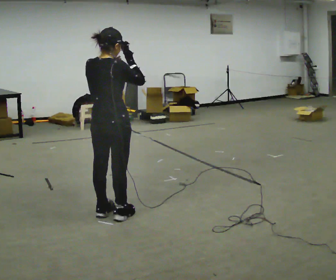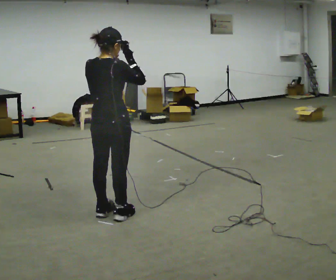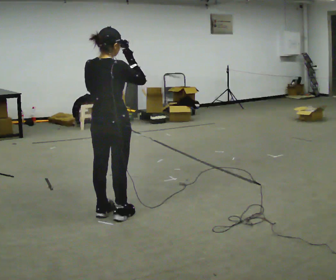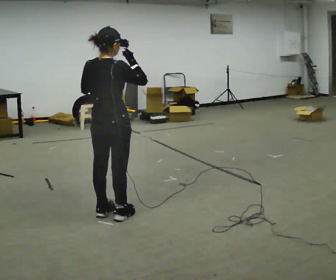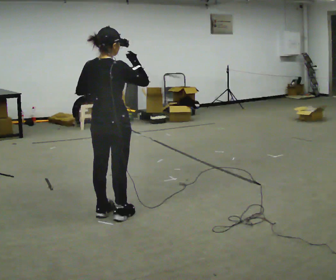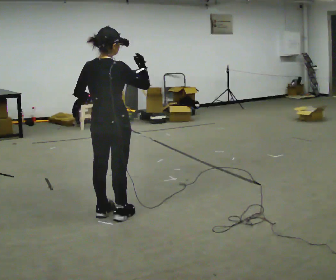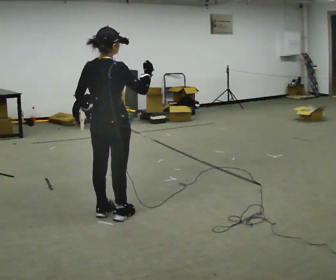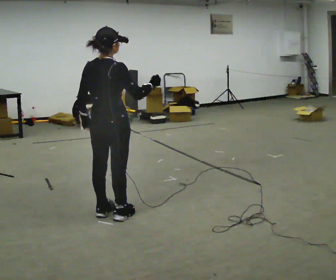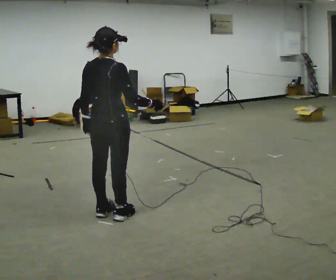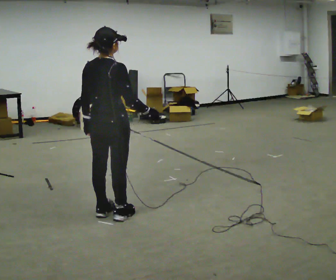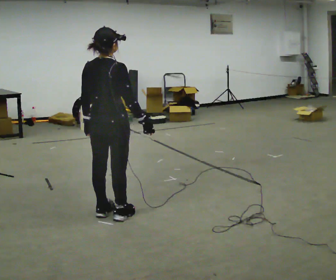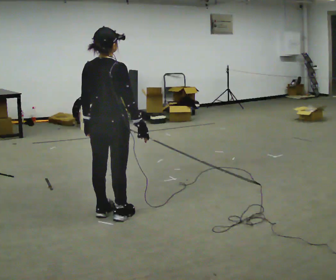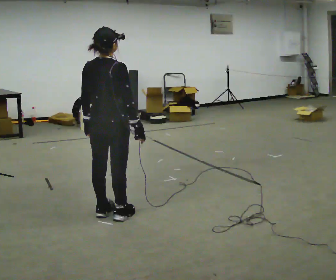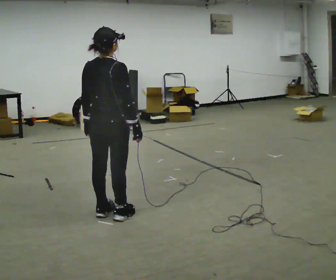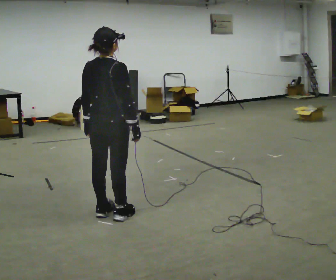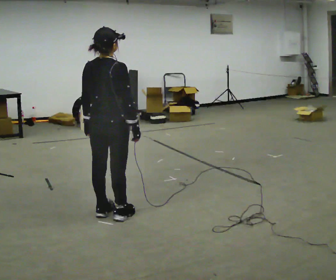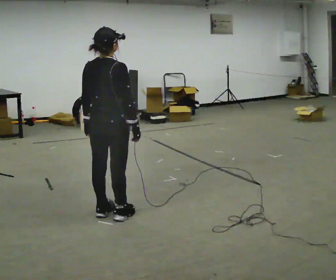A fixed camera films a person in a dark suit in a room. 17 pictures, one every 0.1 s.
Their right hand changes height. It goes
downward.
Their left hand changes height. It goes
downward.
0.0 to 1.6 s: In the picture their right hand goes downward.
The film runs backward here.
